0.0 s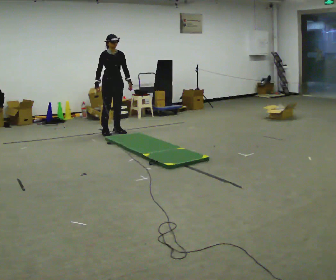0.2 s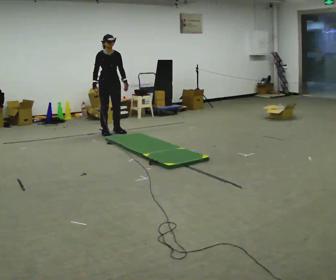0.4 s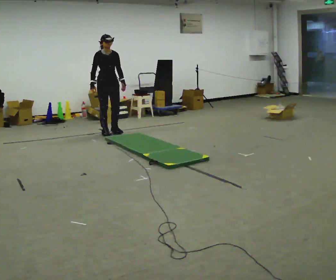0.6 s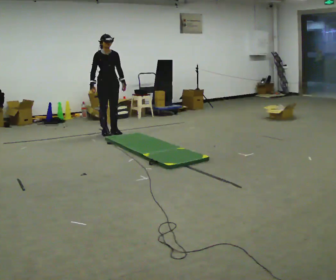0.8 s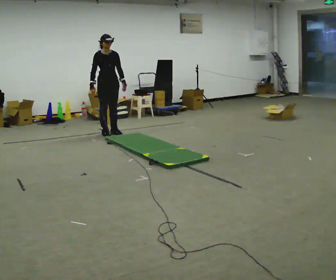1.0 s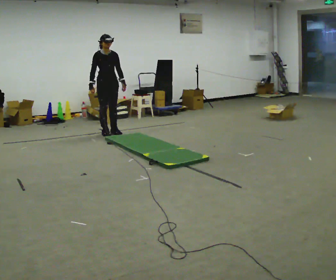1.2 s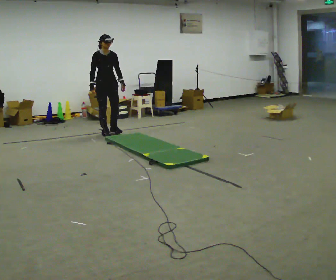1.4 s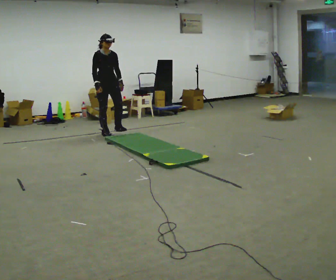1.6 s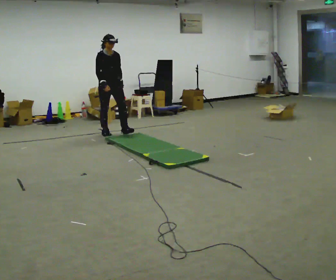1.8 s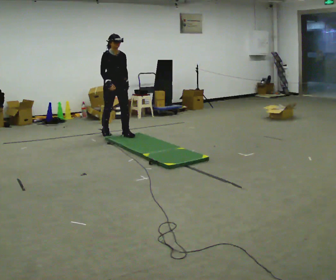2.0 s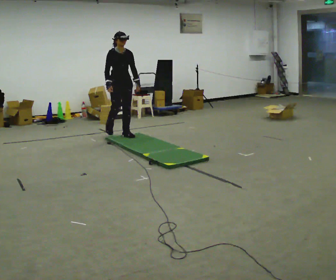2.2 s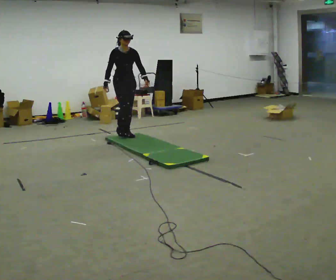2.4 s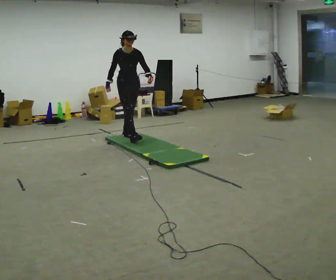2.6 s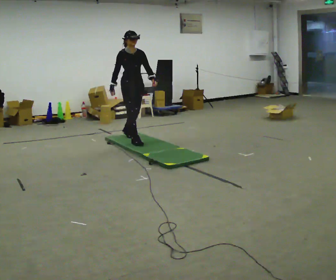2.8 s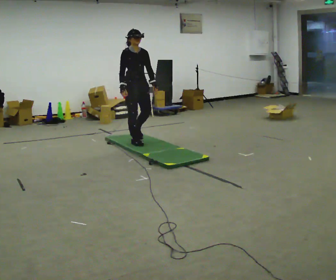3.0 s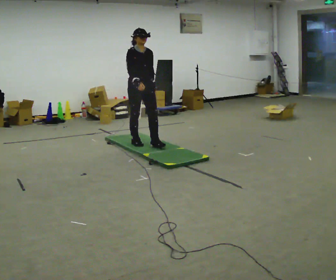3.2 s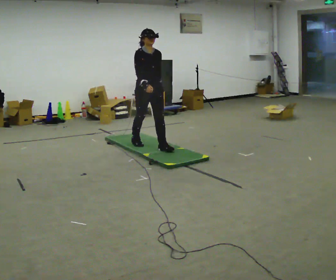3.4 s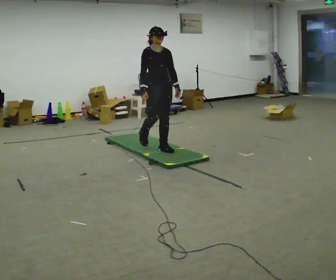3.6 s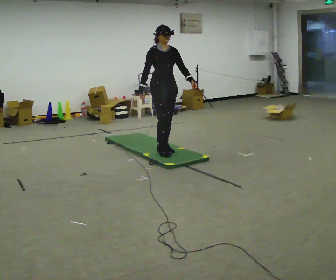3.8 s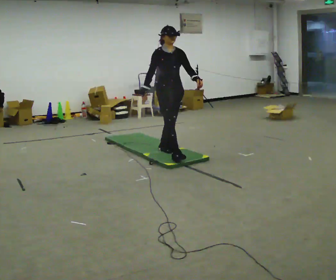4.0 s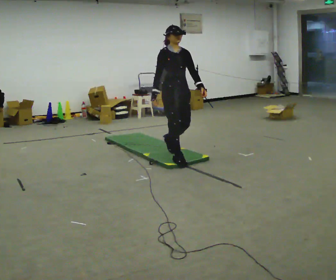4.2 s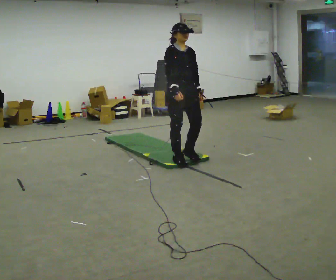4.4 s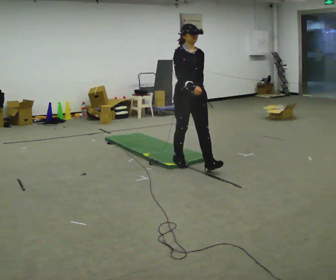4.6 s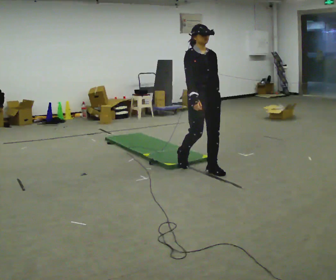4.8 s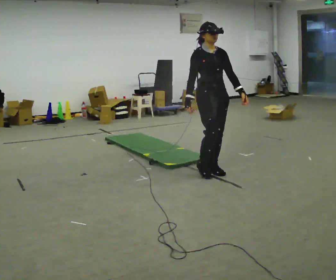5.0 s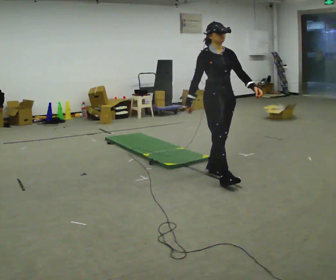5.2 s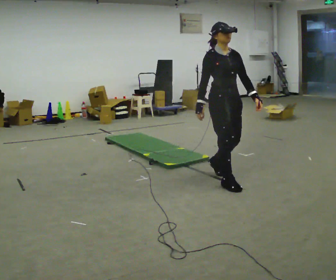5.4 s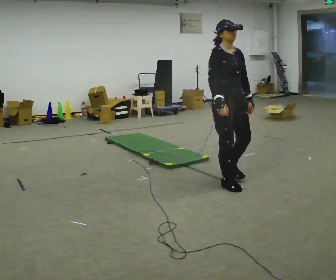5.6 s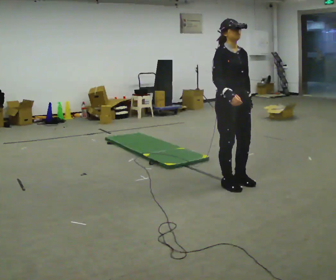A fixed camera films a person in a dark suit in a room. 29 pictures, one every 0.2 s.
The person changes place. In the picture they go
toward the camera.
0.0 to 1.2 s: The person moves a little, or ends about where they began.
1.2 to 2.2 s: In the picture they go toward the camera and to the right, about 0.5 m in 1 step, which for them is forward.
2.2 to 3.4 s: In the picture they go toward the camera and to the right, about 1 m in 2 steps, which for them is forward.
3.4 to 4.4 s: In the picture they go toward the camera and to the right, about 1 m in 1 step, which for them is forward.
4.4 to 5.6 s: In the picture they go toward the camera and to the right, about 0.5 m in 3 steps, which for them is forward.
The film runs forward here.
